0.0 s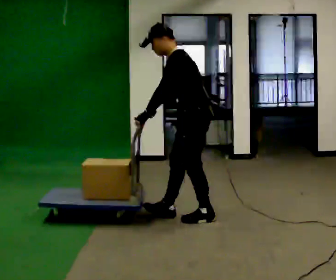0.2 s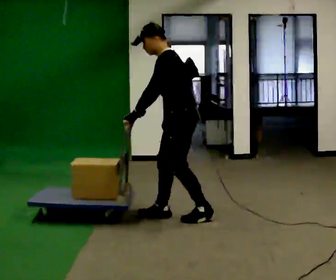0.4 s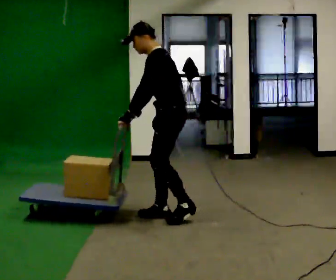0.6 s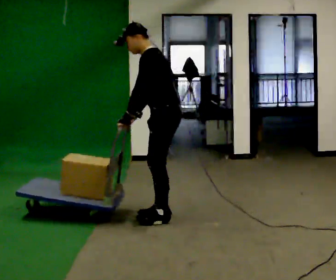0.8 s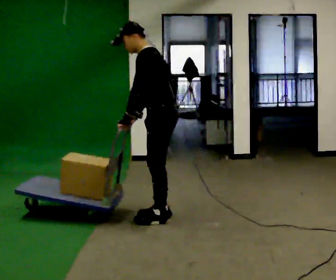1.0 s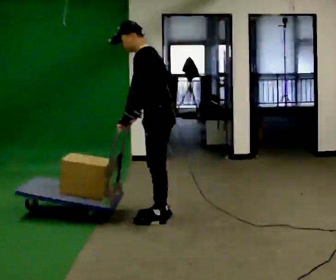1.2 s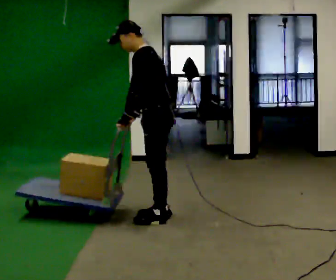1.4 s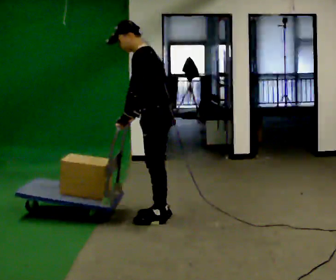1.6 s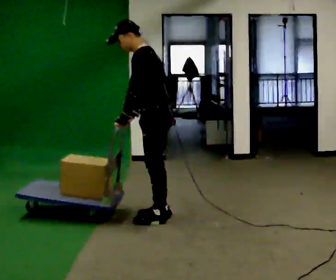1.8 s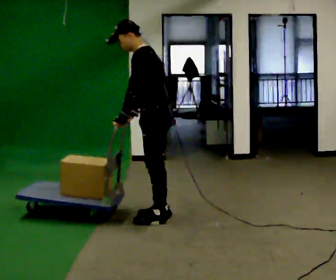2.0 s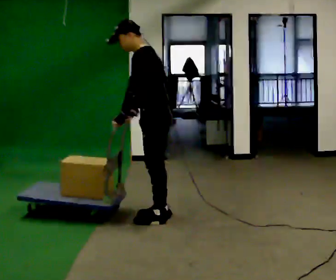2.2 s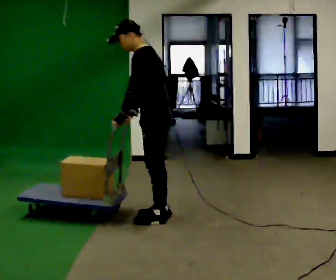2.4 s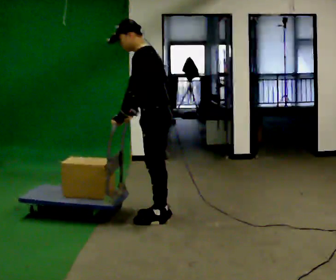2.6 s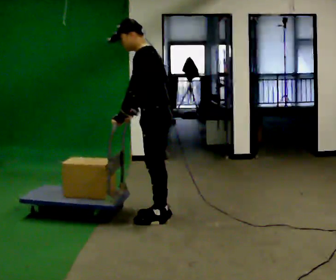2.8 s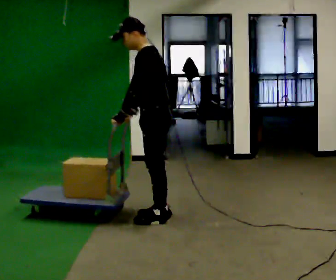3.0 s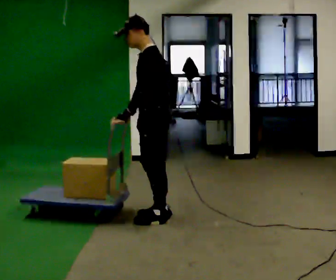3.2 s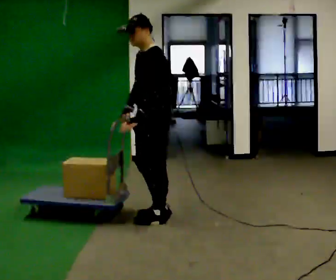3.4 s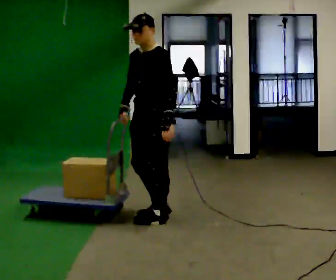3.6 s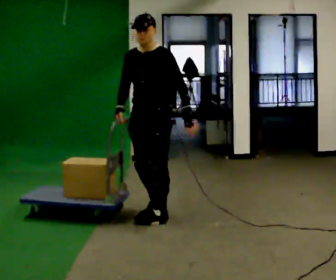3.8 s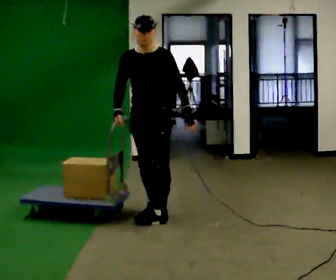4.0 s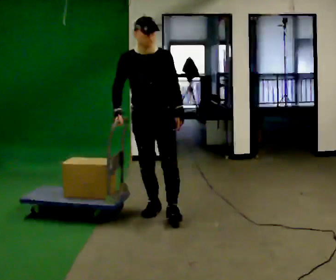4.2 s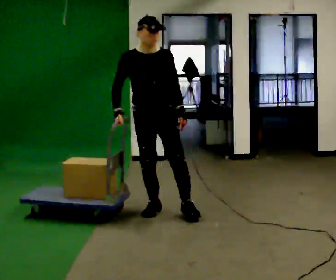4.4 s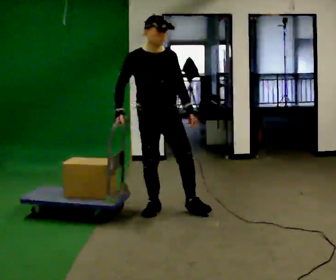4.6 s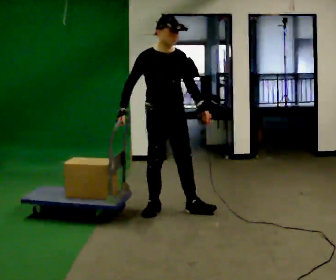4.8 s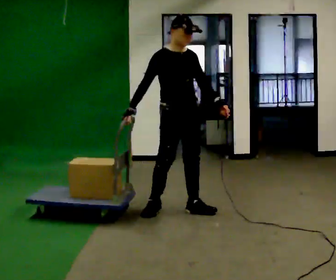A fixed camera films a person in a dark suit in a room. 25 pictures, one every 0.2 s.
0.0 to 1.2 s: In the picture they go to the left, about 0.25 m in 2 steps, which for them is forward.
1.2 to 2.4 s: The person moves a little, or ends about where they began.
2.4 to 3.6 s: Seen from above the body turns counterclockwise, about 60 degrees: to their left, with its near side sliding to the right. In the picture their left hand goes to the right, the arm swinging counterclockwise.
3.6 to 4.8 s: The person turns about 75 degrees to their left, counterclockwise seen from above, so the part of the body nearest the lens slides to the right. In the picture they go to the right and away from the camera, about 0.25 m in 2 steps.
The film runs forward here.
